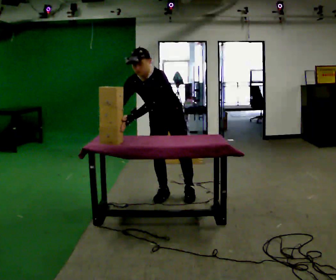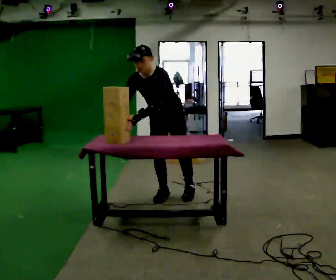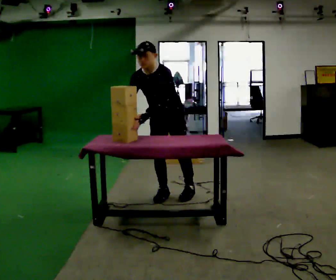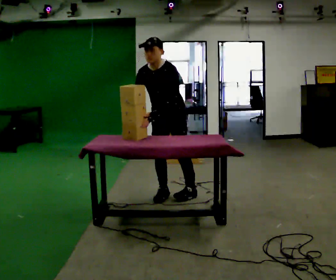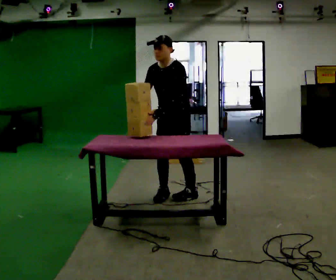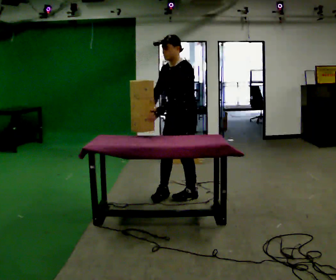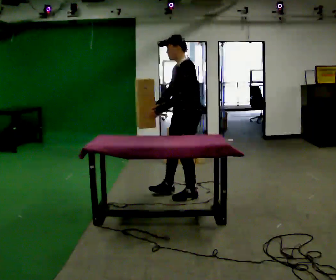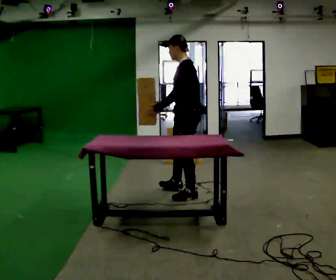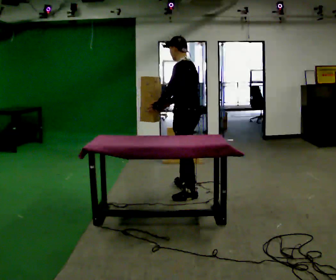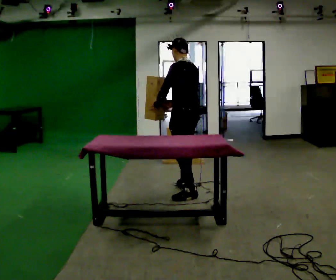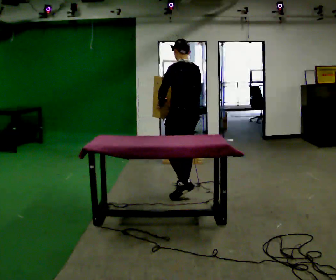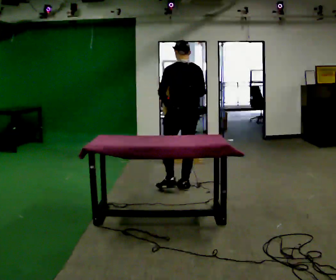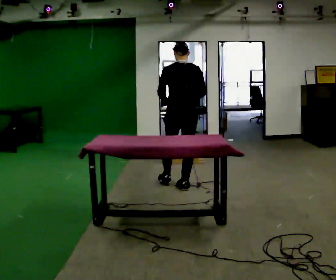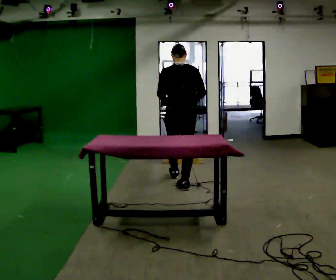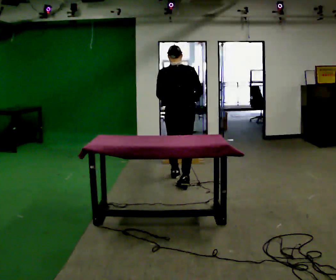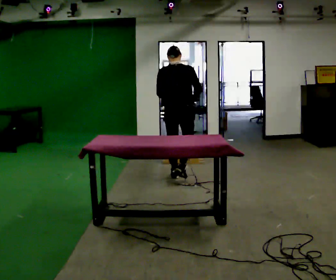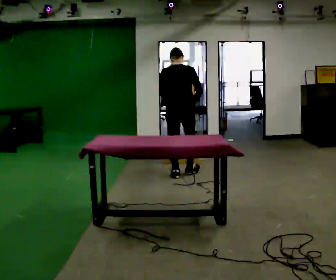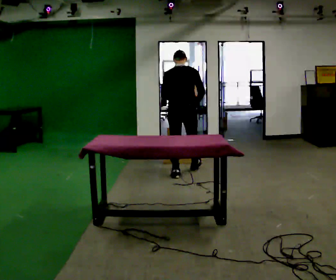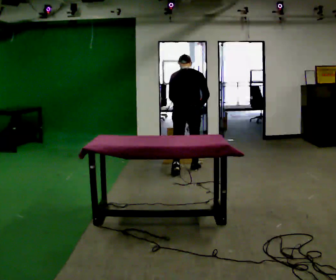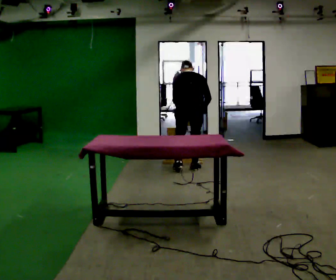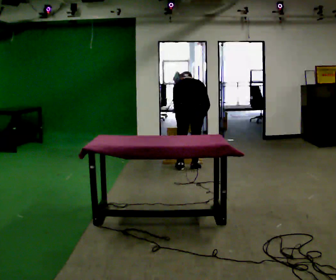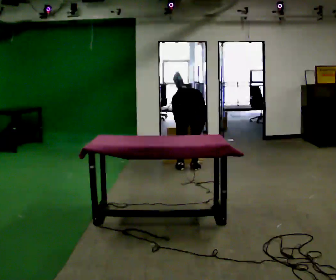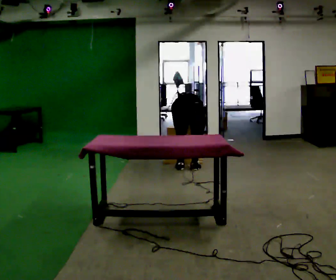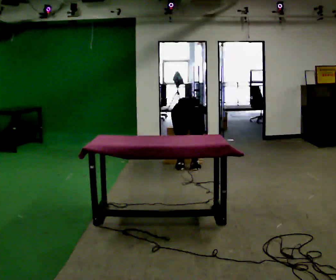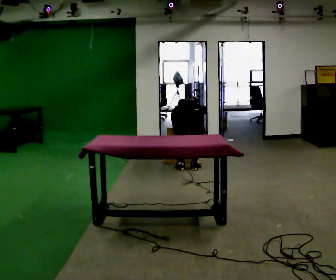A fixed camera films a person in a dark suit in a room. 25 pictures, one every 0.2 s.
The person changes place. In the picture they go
away from the camera.
The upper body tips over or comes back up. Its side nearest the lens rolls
upward.
0.0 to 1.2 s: The person turns about 60 degrees to their right, clockwise seen from above, so the part of the body nearest the lens slides to the left. In the picture they go to the right, about 0.25 m, which for them is to their left. The upper body tips away from the camera, its near side rolling upward, as they lean back or straighten. In the picture their right hand goes to the right.
1.2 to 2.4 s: Seen from above the body turns clockwise, about 90 degrees: to their right, with its near side sliding to the left. In the picture they go away from the camera, about 0.5 m in 1 step.
2.4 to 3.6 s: In the picture they go away from the camera, about 0.75 m in 2 steps, which for them is forward. The upper body tips away from the camera, its near side rolling upward, as they bend forward.
3.6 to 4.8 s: The shoulders move downward. The upper body tips away from the camera, its near side rolling upward, as they bend forward. In the picture their left hand goes downward.
The film runs forward here.
